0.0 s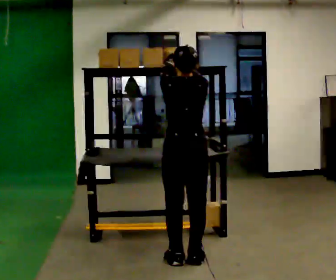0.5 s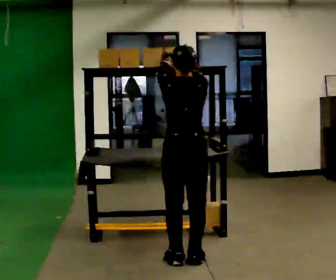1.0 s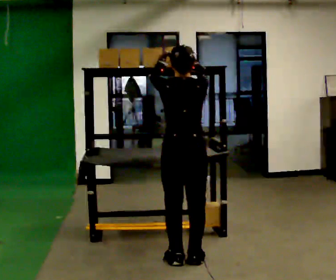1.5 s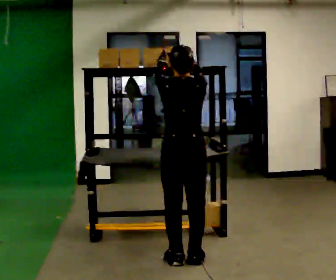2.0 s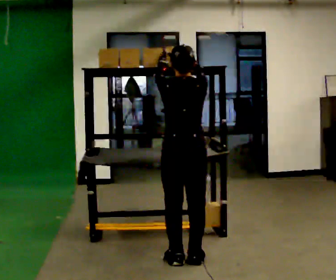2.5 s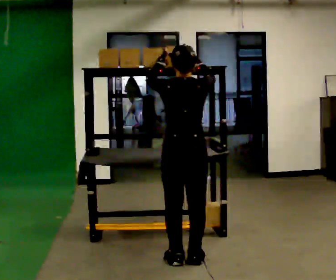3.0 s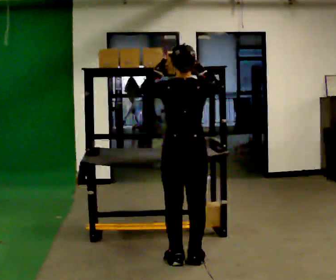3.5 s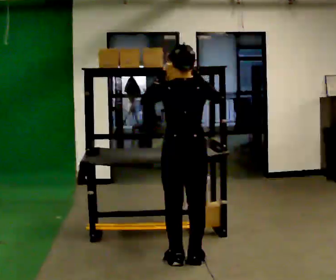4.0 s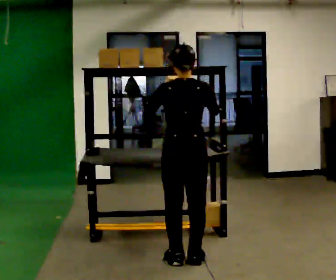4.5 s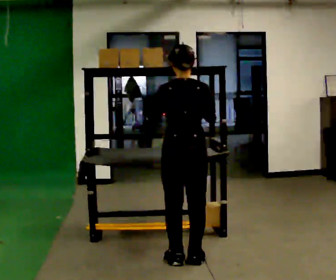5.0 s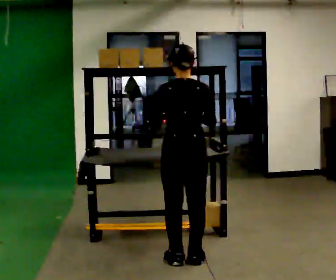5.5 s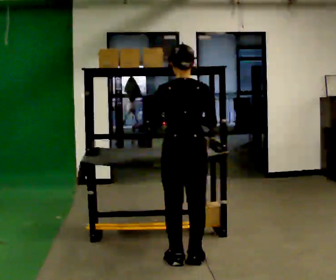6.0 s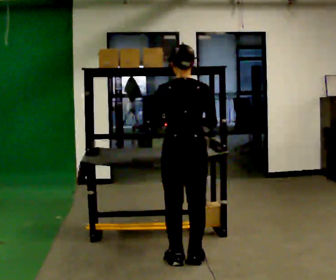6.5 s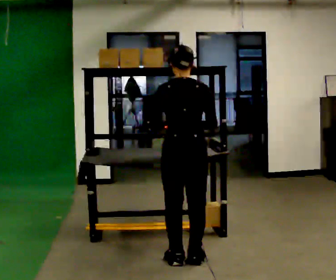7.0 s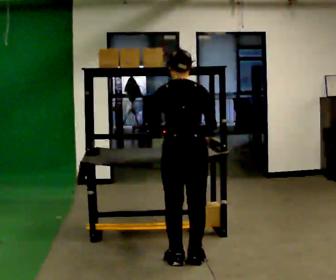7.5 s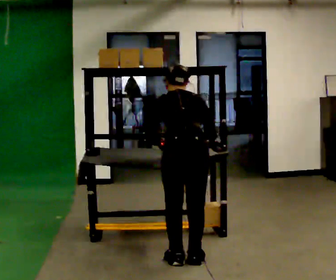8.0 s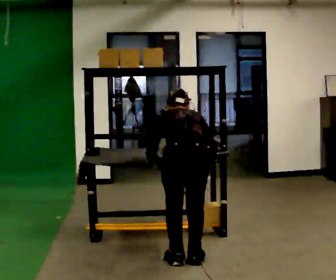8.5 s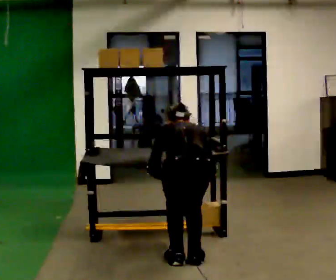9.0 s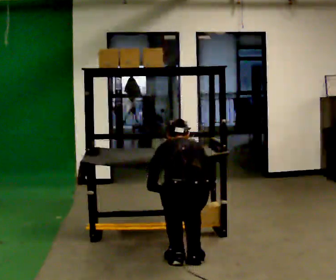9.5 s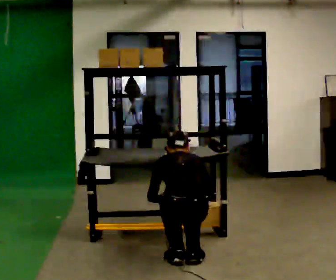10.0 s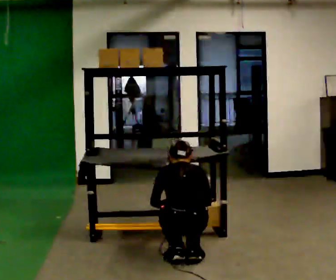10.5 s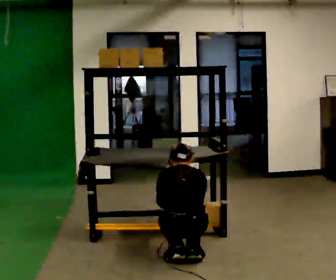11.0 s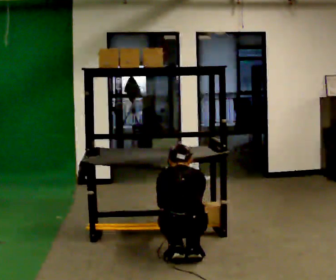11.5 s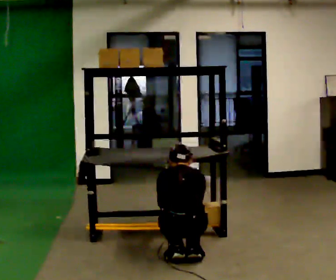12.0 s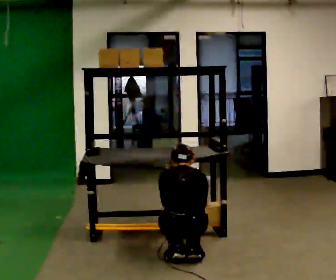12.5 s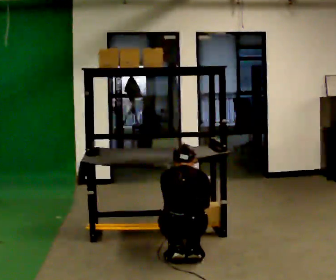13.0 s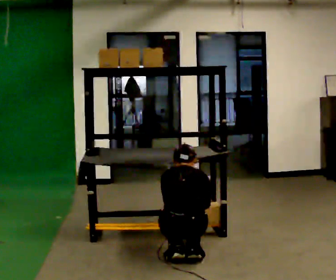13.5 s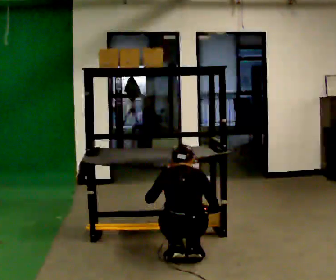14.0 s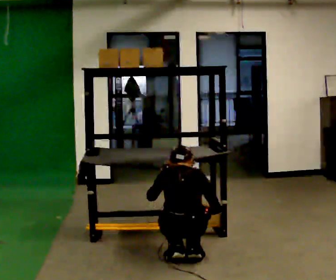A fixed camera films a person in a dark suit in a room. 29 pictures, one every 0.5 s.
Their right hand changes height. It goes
downward.
The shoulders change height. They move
downward.
0.0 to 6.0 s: In the picture their right hand goes downward.
6.0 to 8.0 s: The shoulders move downward. The upper body tips away from the camera, its near side rolling upward, as they bend forward. In the picture their right hand goes downward.
8.0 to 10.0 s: The upper body goes downward. In the picture their right hand goes downward.
10.0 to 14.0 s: The person moves a little, or ends about where they began.
The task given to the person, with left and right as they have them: Take an object from the highest shelf you can comfortably reach, carry it across, and place it on the lowest shelf. Keep going until the operator says stop; one object at a time, and do not rush between trips.
The film runs forward here.
